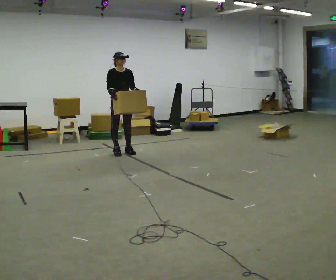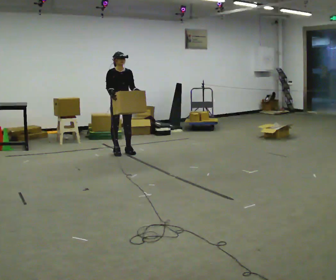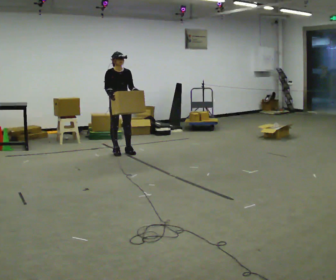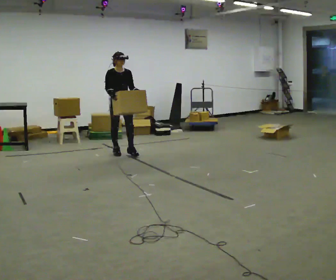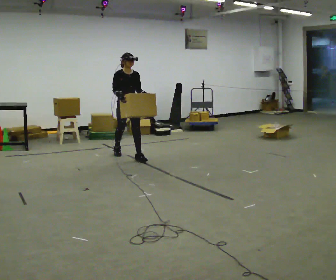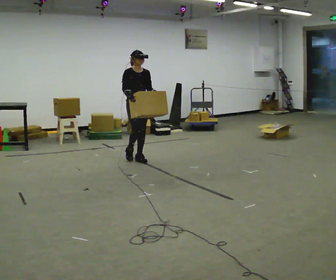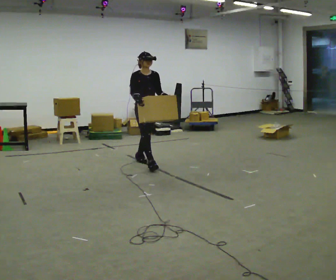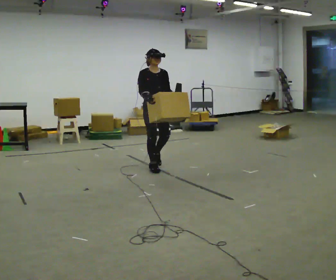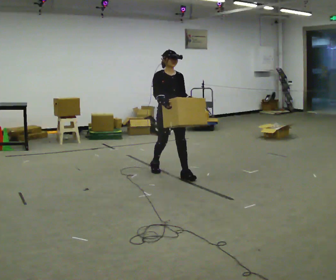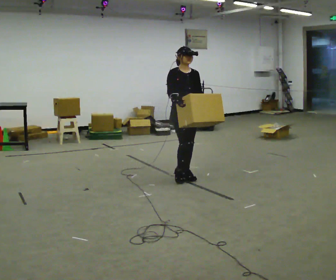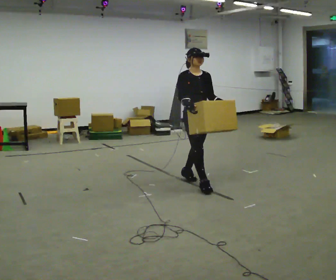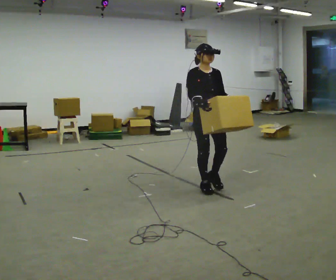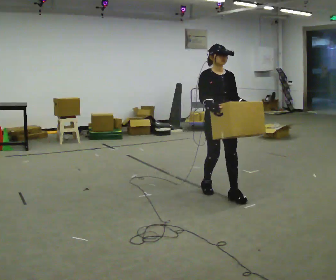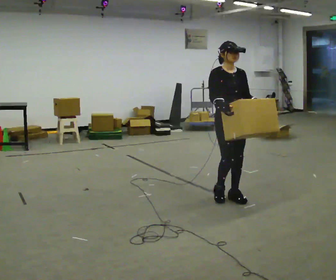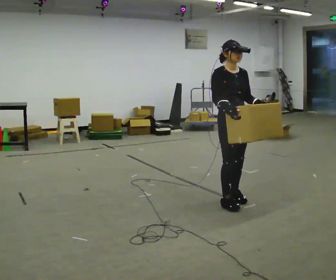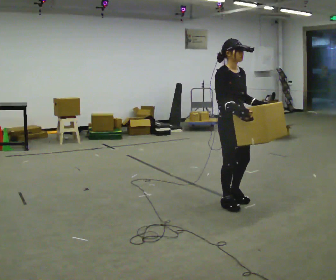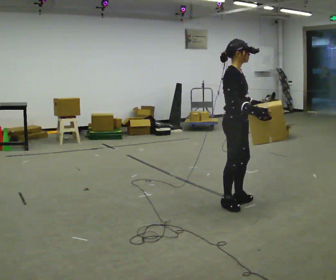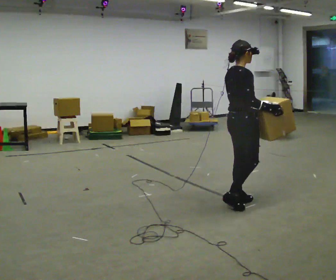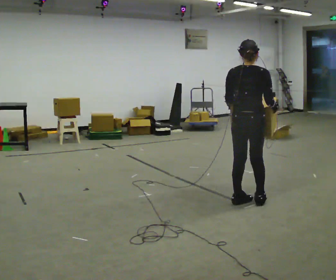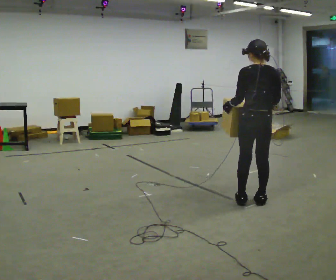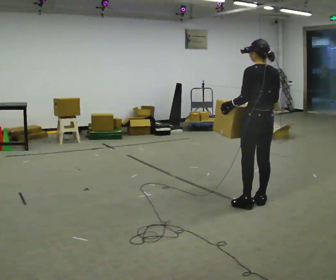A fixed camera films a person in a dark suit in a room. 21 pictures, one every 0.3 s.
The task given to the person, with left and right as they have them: Carry the box in both hands and walk back and forth across the room. The contents may move around. Carry on as best you can.
0.0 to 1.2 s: In the picture they go toward the camera and to the right, about 0.25 m in 1 step, which for them is forward.
1.2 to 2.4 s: In the picture they go to the right and toward the camera, about 1 m in 2 steps, which for them is forward.
2.4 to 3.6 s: In the picture they go toward the camera and to the right, about 1 m in 2 steps, which for them is forward.
3.6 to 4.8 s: The person turns about 60 degrees to their left, counterclockwise seen from above, so the part of the body nearest the lens slides to the right. In the picture they go toward the camera, about 0.25 m in 2 steps, which for them is forward.
4.8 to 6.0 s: Seen from above the body turns counterclockwise, about 135 degrees: to their left, with its near side sliding to the right. In the picture they go to the right, about 0.25 m in 2 steps.
The film runs forward here.
